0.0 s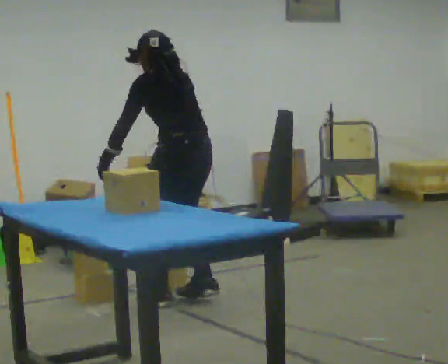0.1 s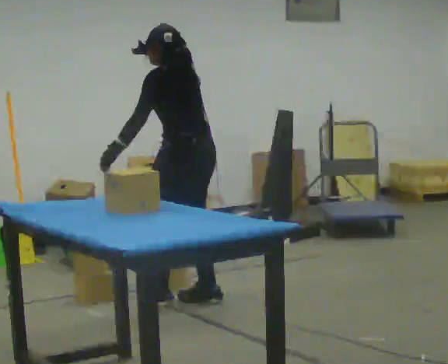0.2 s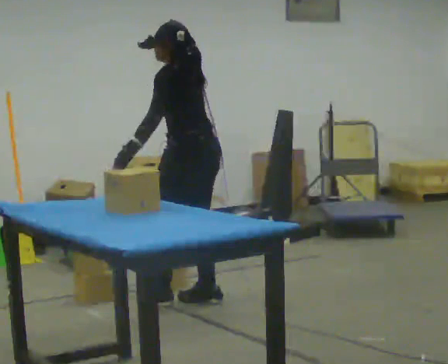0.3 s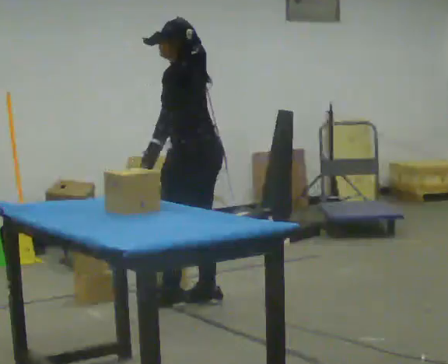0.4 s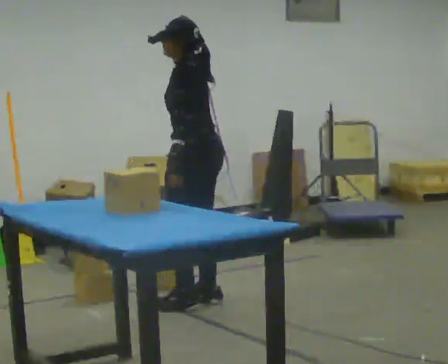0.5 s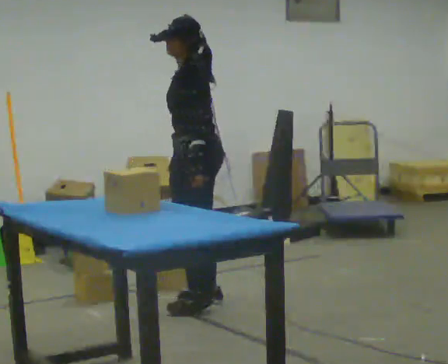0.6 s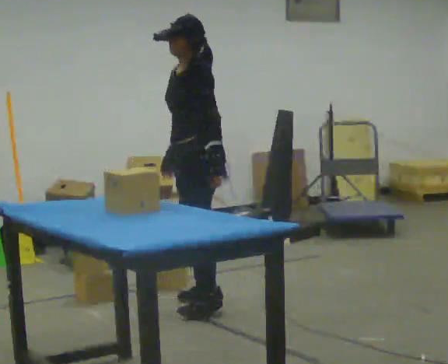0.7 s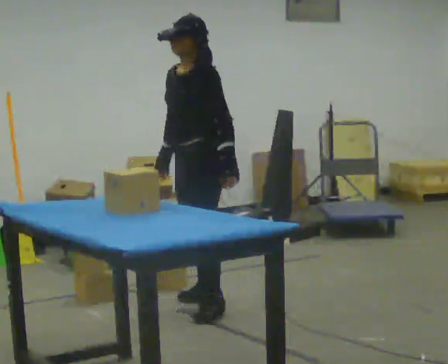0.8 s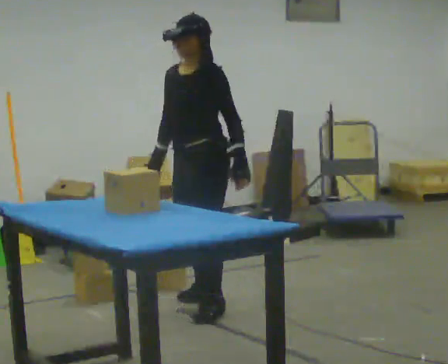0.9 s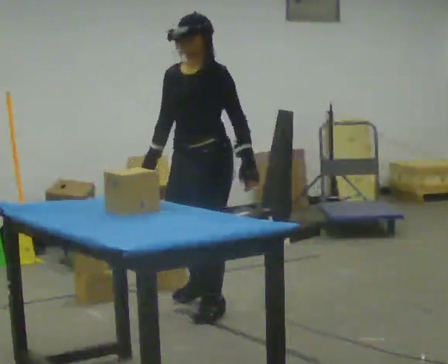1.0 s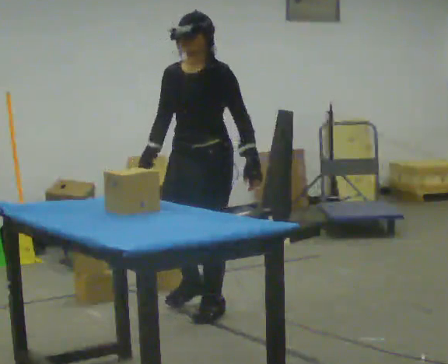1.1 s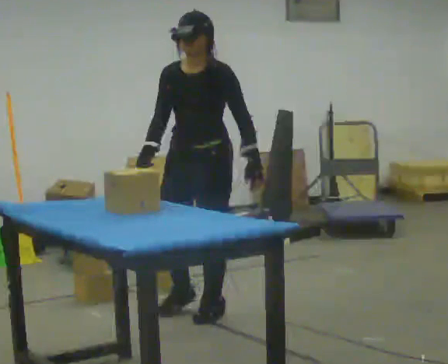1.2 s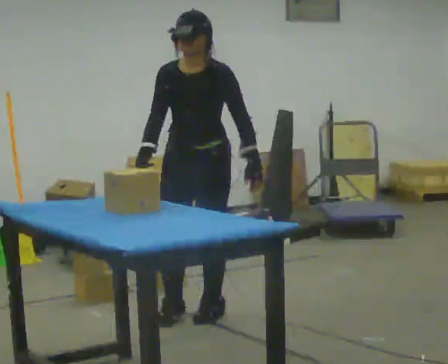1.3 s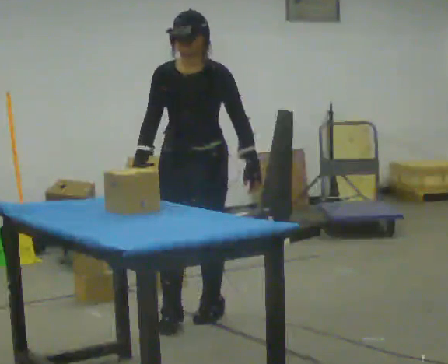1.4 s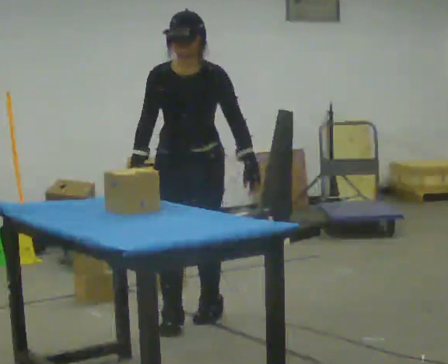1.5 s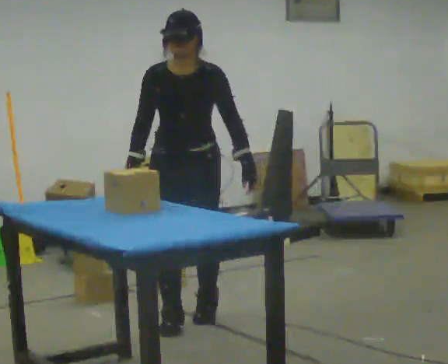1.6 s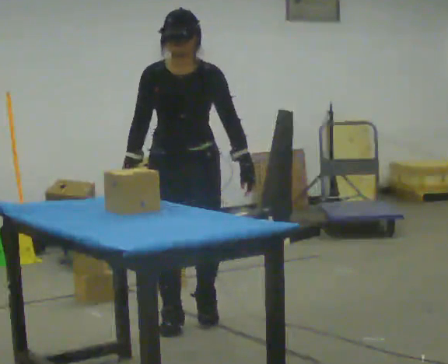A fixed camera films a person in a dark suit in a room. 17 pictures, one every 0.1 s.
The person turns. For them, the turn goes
to their left.
Their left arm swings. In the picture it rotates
counterclockwise.
0.0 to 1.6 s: The person turns about 135 degrees to their left, counterclockwise seen from above, so the part of the body nearest the lens slides to the right. In the picture they go toward the camera, about 0.5 m in 3 steps. The upper body tips toward the camera, its near side rolling downward, as they lean back or straighten.
The film runs forward here.
